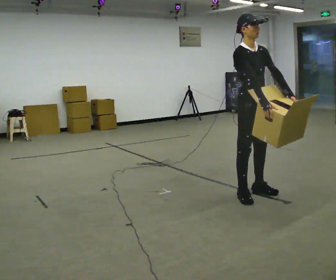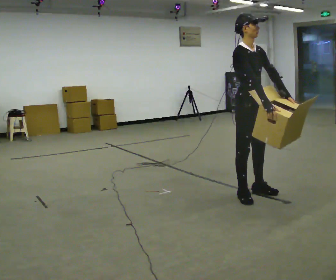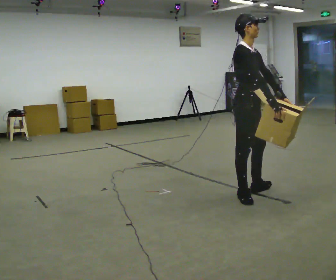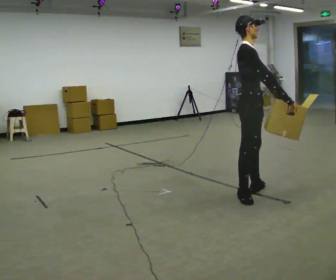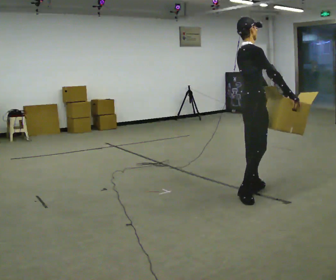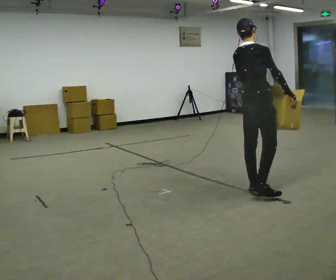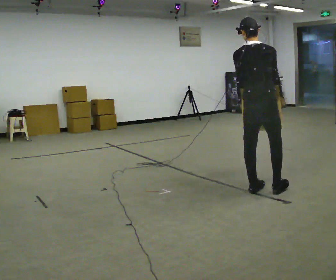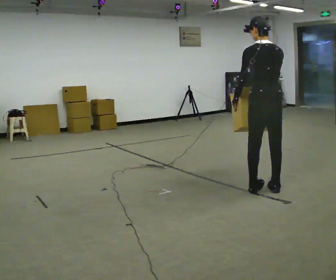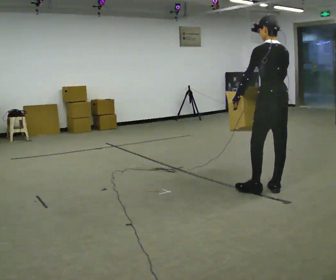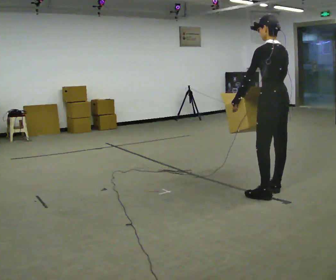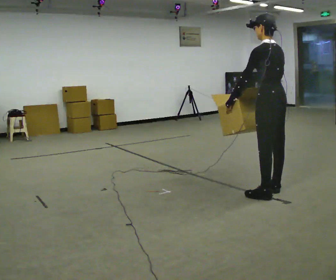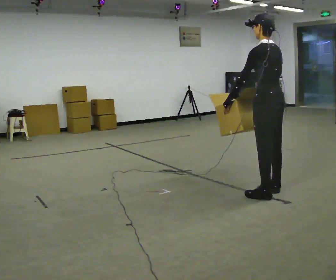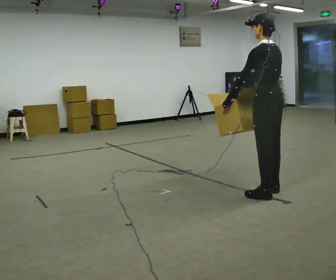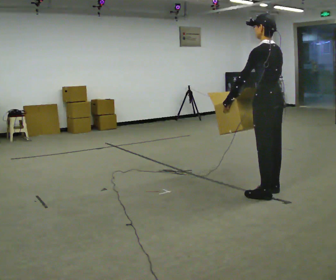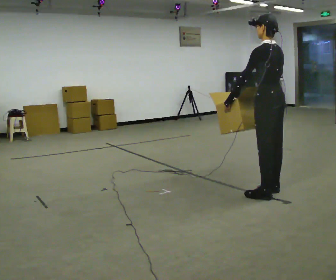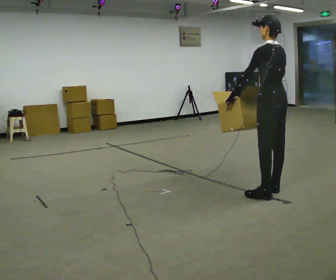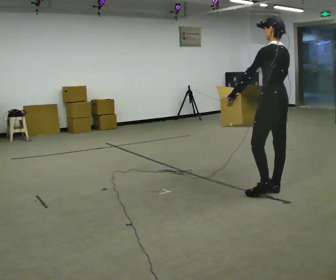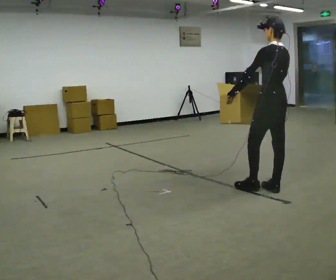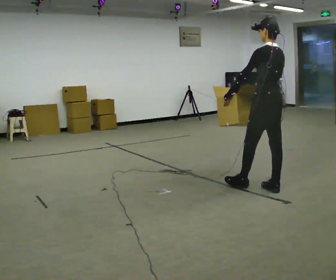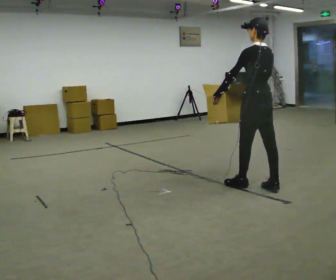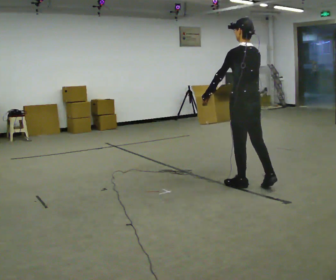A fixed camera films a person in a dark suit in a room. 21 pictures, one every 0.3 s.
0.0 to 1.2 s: The part of the body nearest the lens slides to the right as the person turns to their left by about 60 degrees.
1.2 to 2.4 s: The part of the body nearest the lens slides to the right as the person turns to their left by about 105 degrees. In the picture they go to the right, about 0.25 m in 1 step.
2.4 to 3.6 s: The person moves a little, or ends about where they began.
3.6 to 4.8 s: In the picture they go away from the camera, about 0.25 m, which for them is to their right.
4.8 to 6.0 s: In the picture they go to the left, about 0.25 m in 1 step, which for them is forward.
The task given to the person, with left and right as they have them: Carry the object across the room. The lid hangs loose and will swing, so carry it however works. Keep going until the operator says stop; one object at a time, and do not rush between trips.
The film runs forward here.
